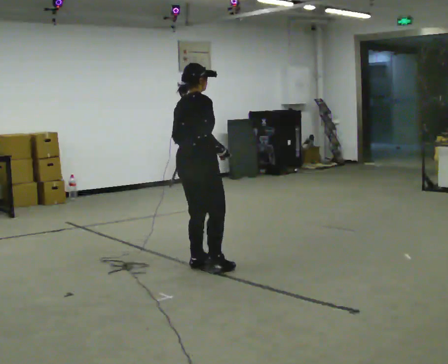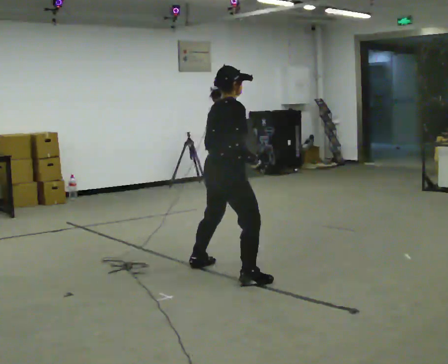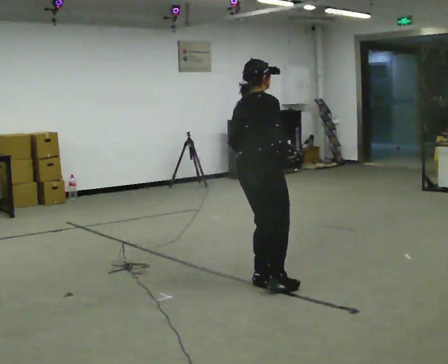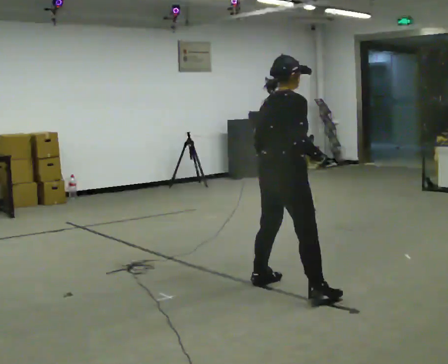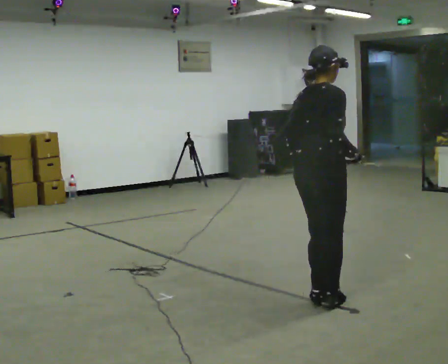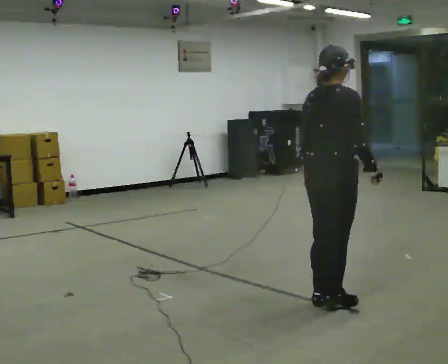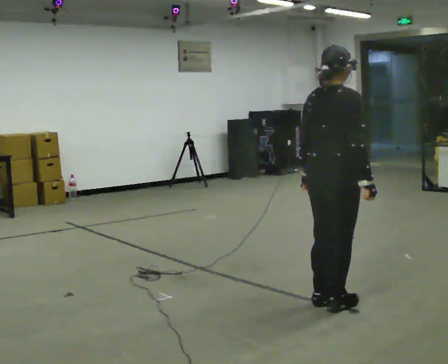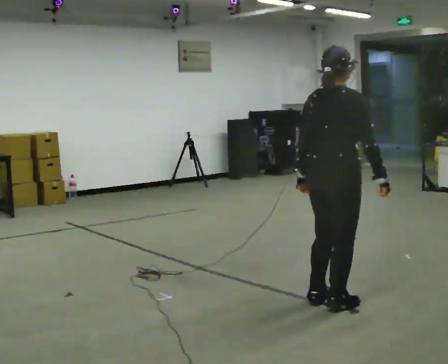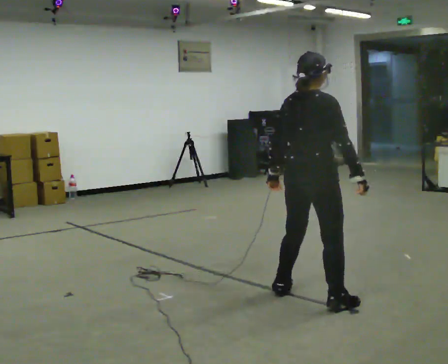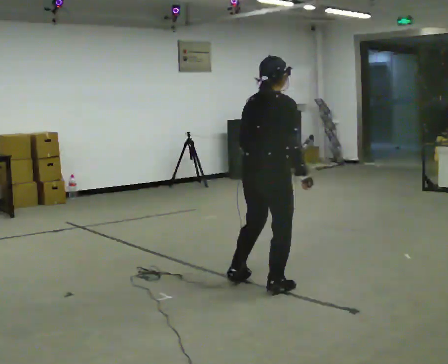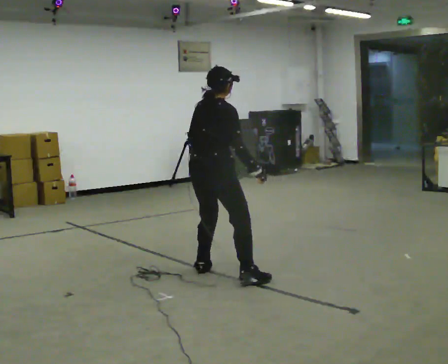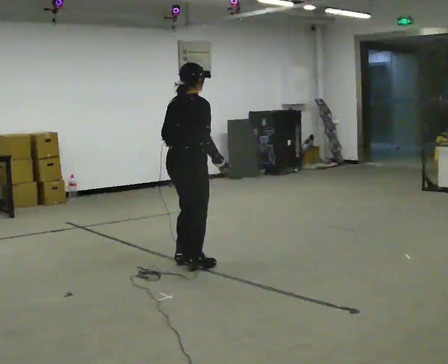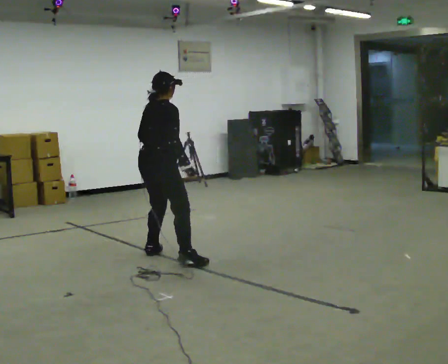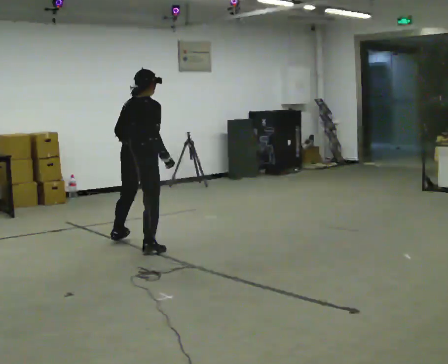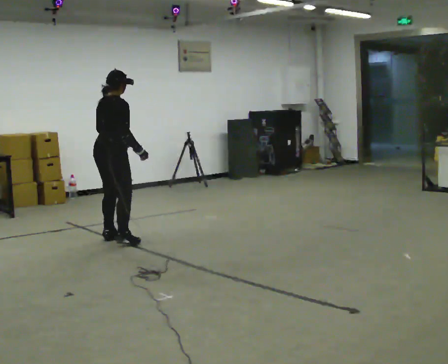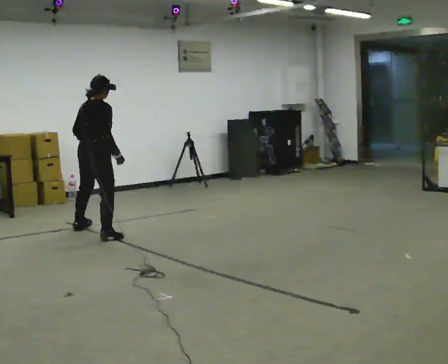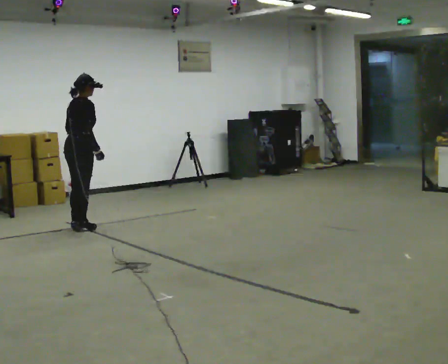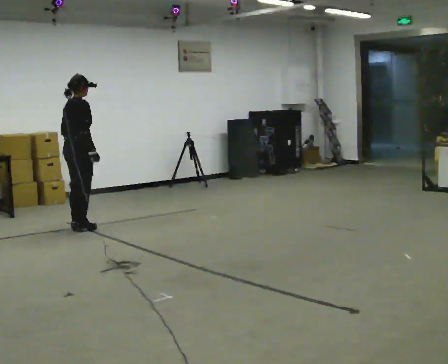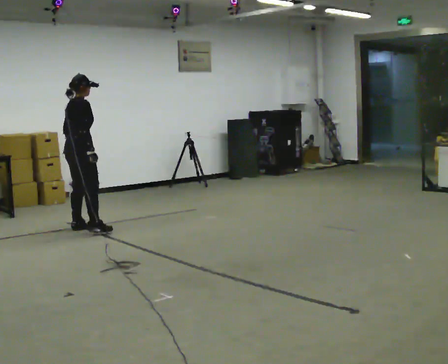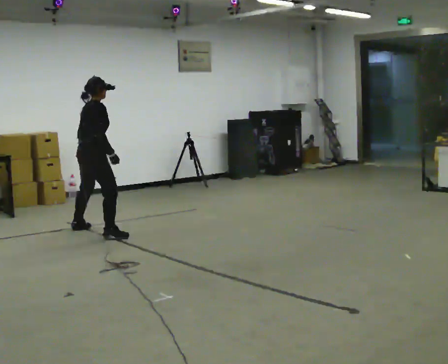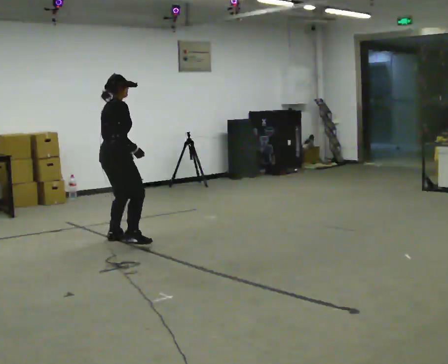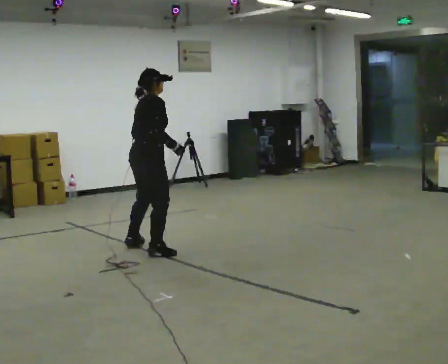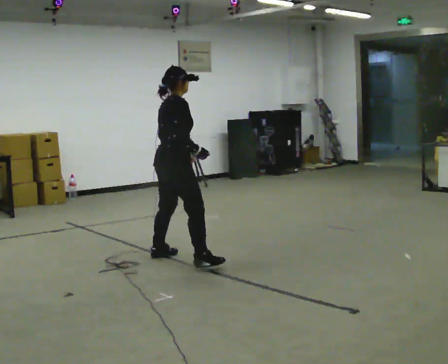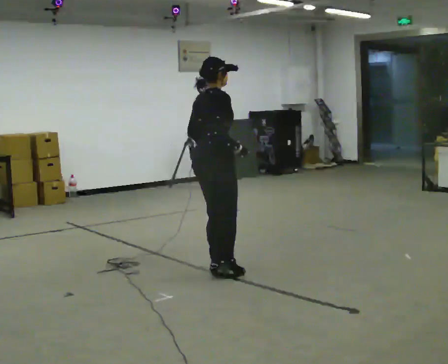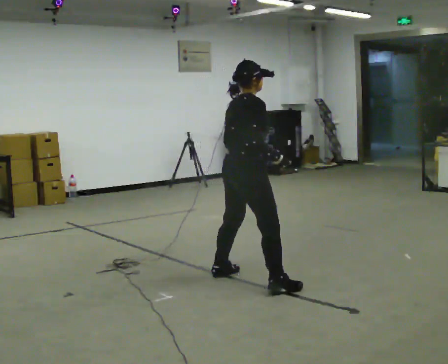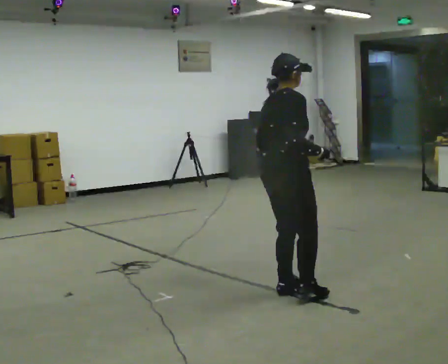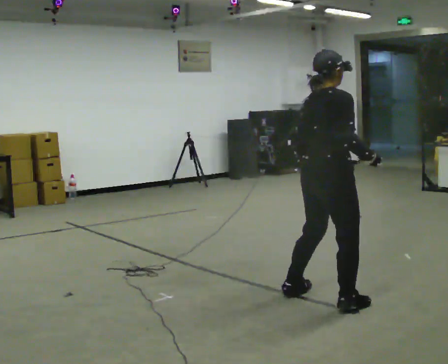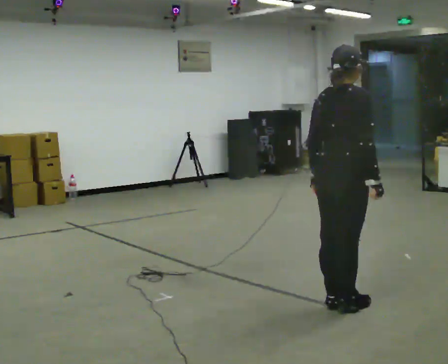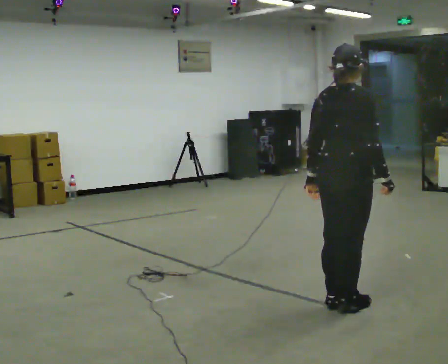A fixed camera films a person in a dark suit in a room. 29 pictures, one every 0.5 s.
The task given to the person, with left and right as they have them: Shuffle sideways quickly in the direction the operator calls, without crossing your feet.
0.0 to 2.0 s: In the picture they go toward the camera and to the right, about 1 m in 3 steps, which for them is to their right.
2.0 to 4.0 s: The person moves a little, or ends about where they began.
4.0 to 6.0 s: In the picture they go away from the camera and to the left, about 1.5 m in 4 steps, which for them is to their left.
6.0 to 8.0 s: In the picture they go away from the camera and to the left, about 1.5 m in 4 steps, which for them is to their left.
8.0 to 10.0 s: In the picture they go toward the camera and to the right, about 0.75 m in 3 steps, which for them is to their right.
10.0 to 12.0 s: In the picture they go toward the camera and to the right, about 1.5 m in 4 steps, which for them is to their right.
12.0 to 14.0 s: In the picture they go toward the camera and to the right, about 1 m in 4 steps, which for them is to their right.
The film runs forward here.
